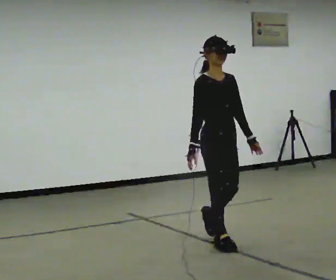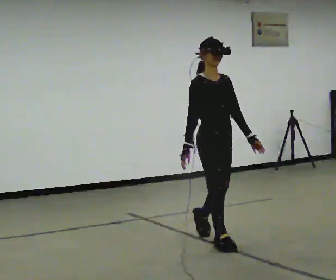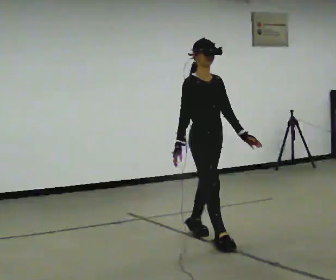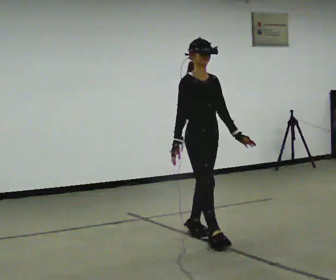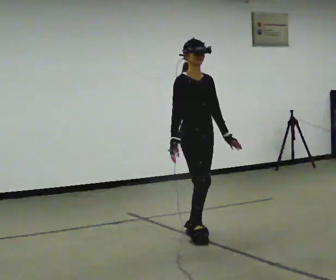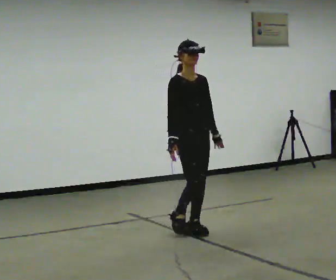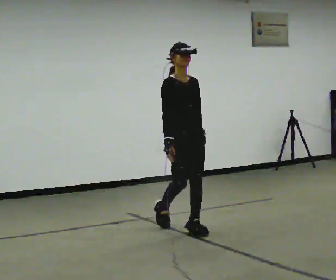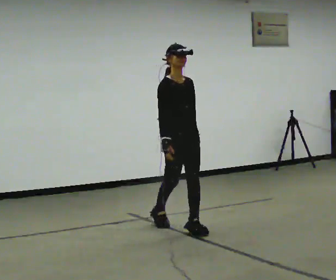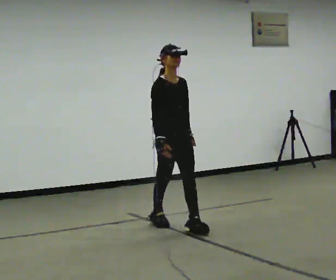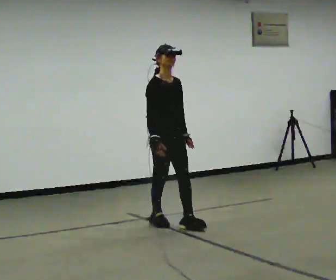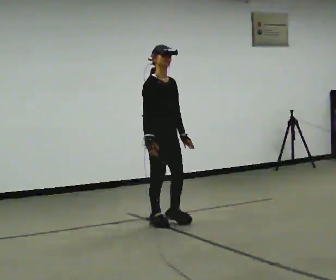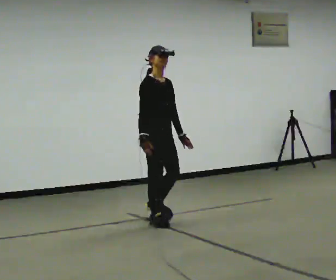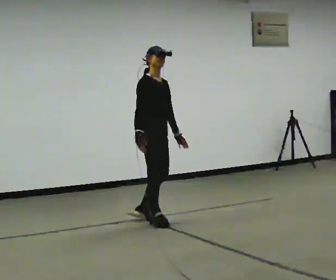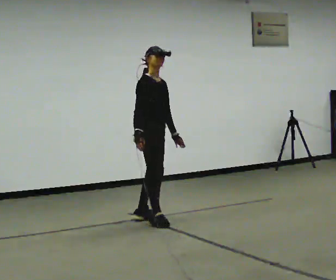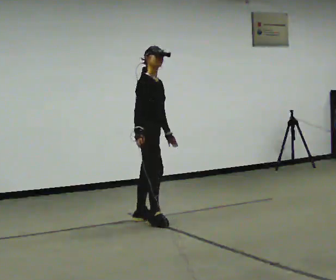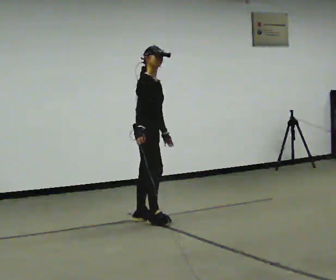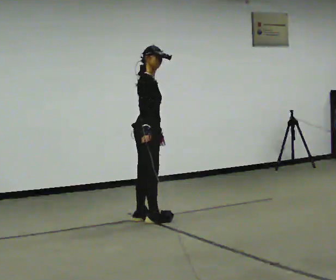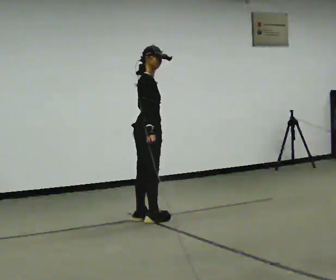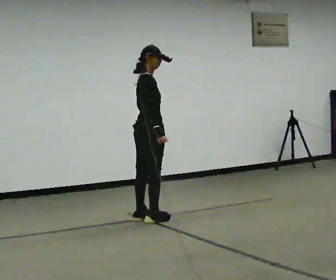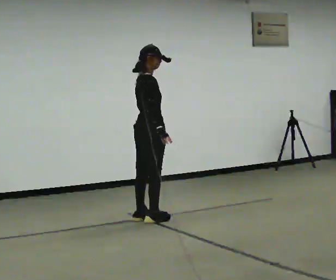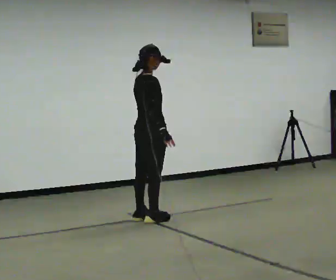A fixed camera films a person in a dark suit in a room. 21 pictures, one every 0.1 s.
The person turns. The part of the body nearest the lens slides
to the right.
The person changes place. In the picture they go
away from the camera.
0.0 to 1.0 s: In the picture they go away from the camera and to the left, about 1 m in 2 steps, which for them is backward.
1.0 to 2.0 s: The person turns about 75 degrees to their left, counterclockwise seen from above, so the part of the body nearest the lens slides to the right. In the picture they go away from the camera, about 0.25 m.
The film runs backward here.
